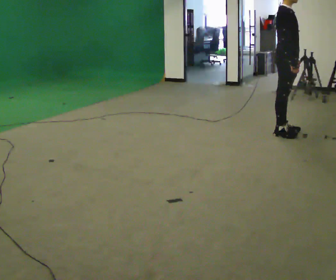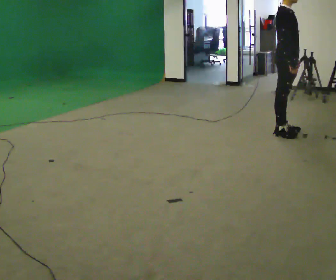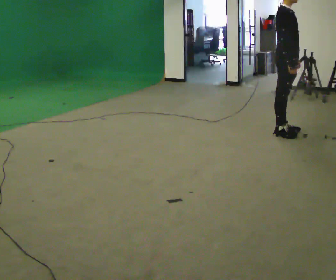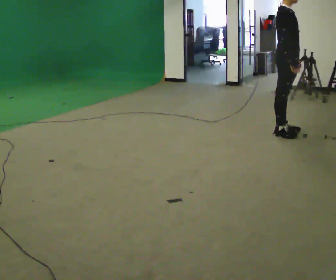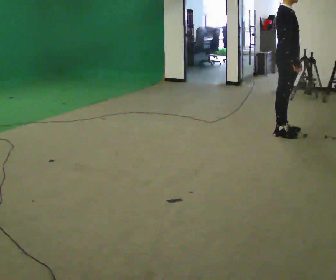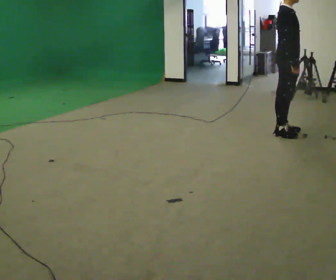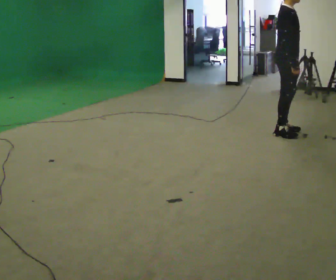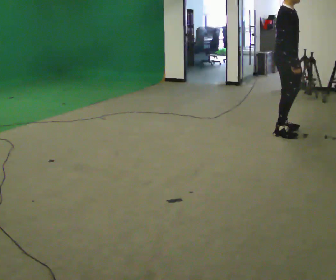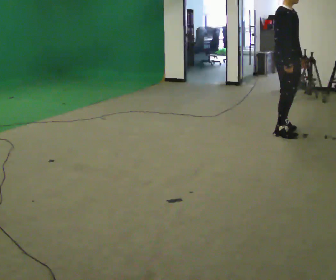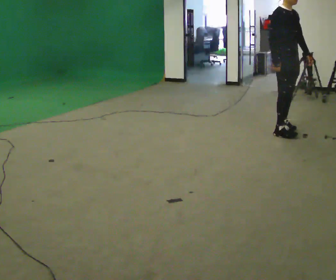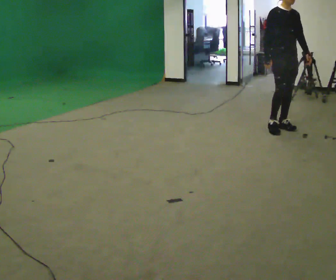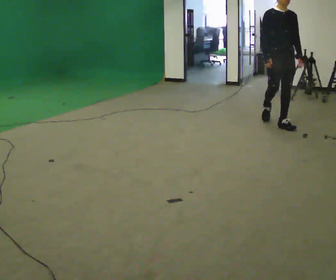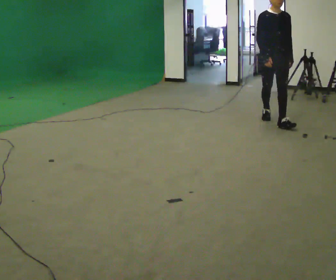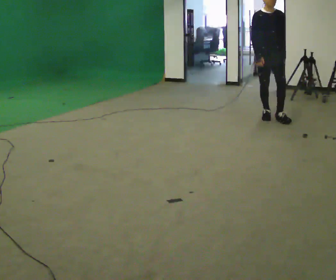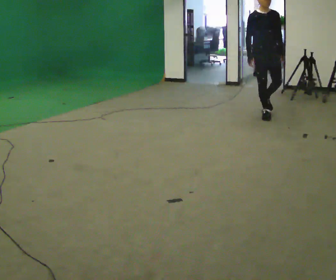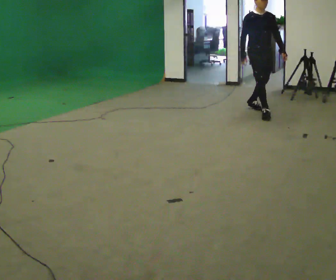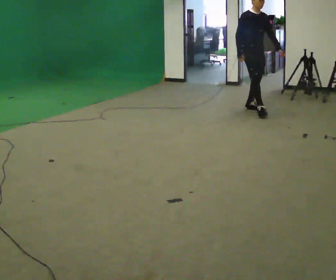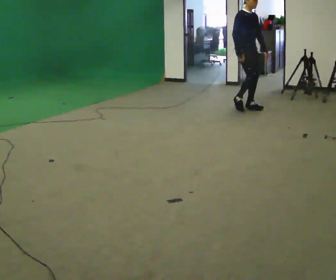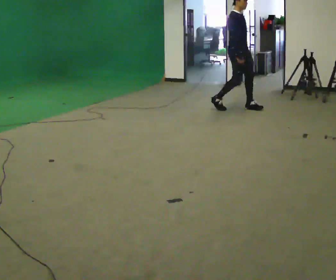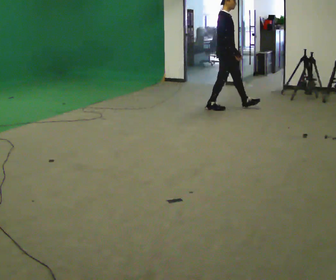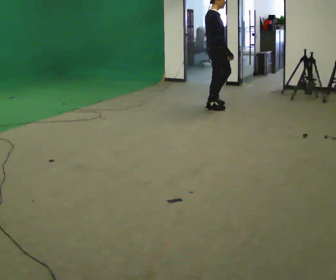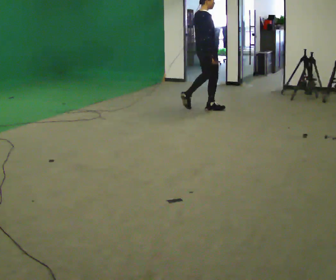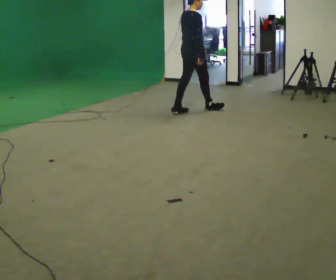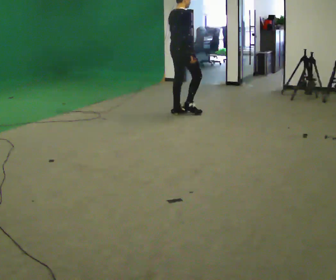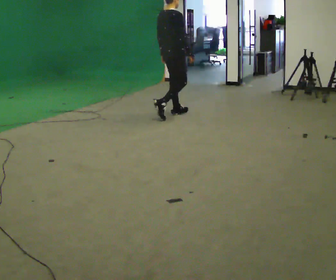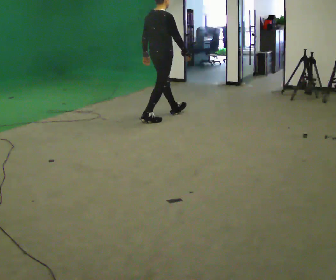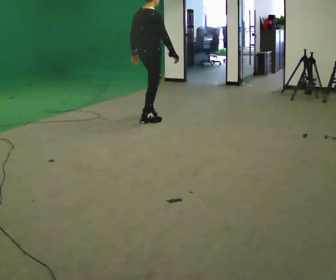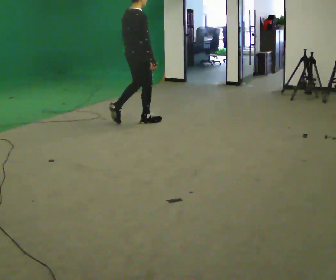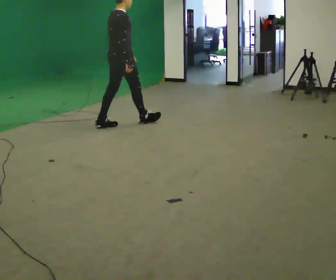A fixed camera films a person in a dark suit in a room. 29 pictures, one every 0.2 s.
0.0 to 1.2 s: The person moves a little, or ends about where they began.
1.2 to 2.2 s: Seen from above the body turns clockwise, about 60 degrees: to their right, with its near side sliding to the left. In the picture they go away from the camera, about 0.5 m in 2 steps, which for them is to their left and backward.
2.2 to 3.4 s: Seen from above the body turns counterclockwise, about 30 degrees: to their left, with its near side sliding to the right. In the picture they go away from the camera and to the left, about 1 m in 2 steps, which for them is backward.
3.4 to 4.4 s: Seen from above the body turns counterclockwise, about 75 degrees: to their left, with its near side sliding to the right. In the picture they go to the left, about 0.5 m in 2 steps.
4.4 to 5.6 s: In the picture they go toward the camera and to the left, about 1 m in 1 step, which for them is backward.
The film runs backward here.
